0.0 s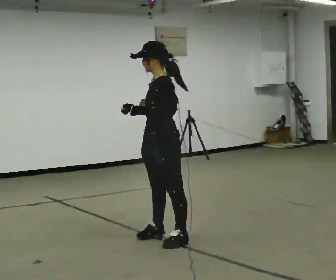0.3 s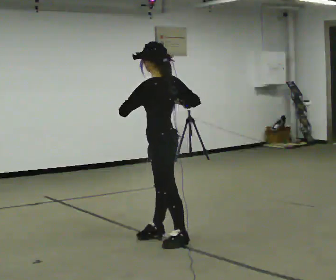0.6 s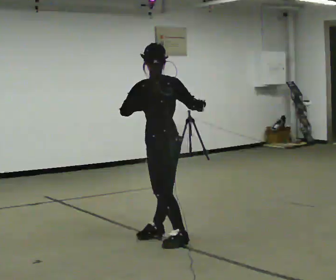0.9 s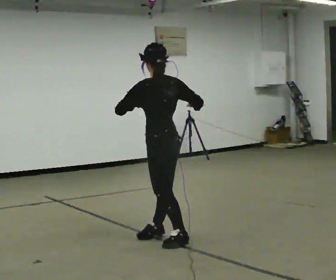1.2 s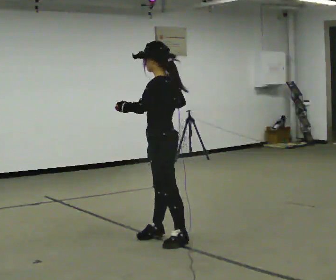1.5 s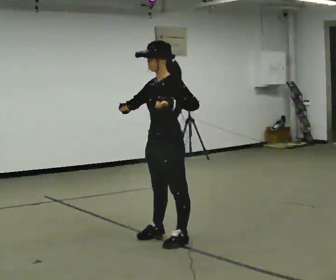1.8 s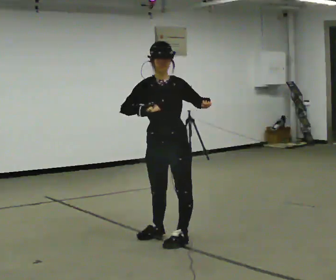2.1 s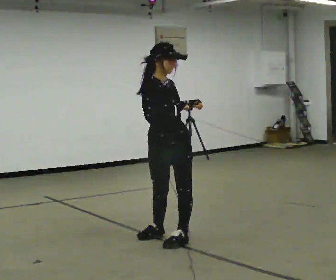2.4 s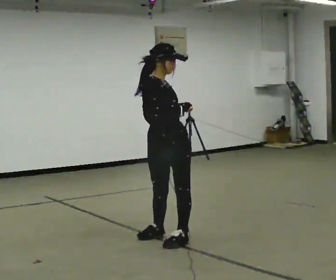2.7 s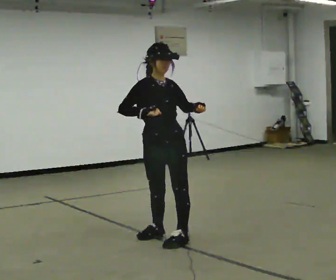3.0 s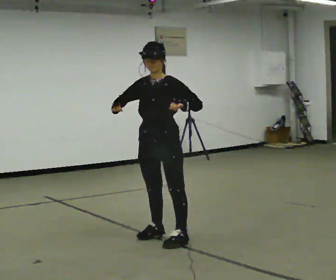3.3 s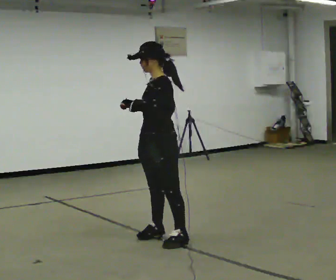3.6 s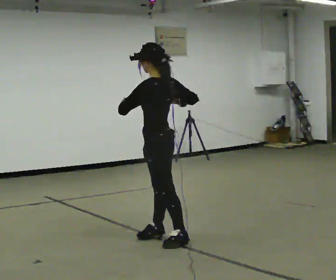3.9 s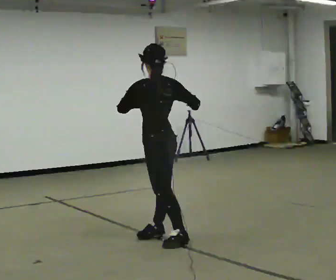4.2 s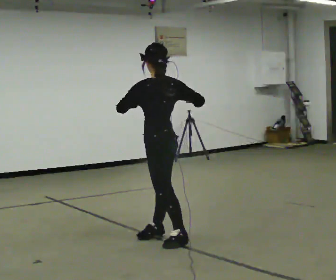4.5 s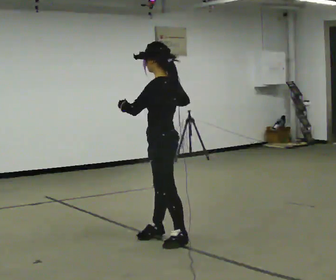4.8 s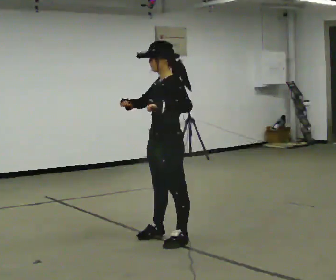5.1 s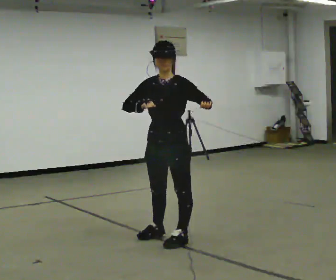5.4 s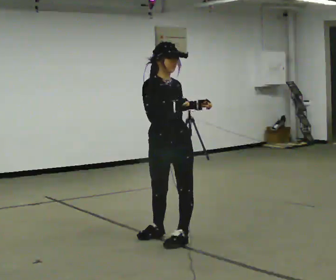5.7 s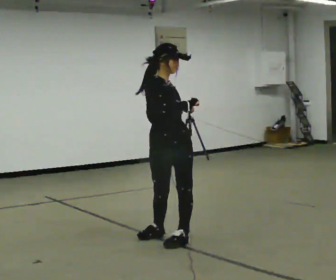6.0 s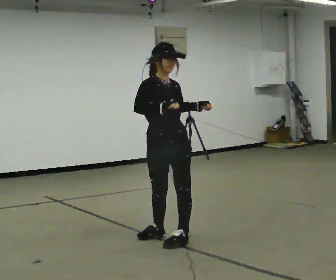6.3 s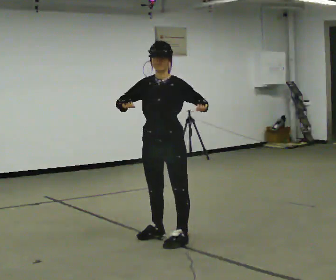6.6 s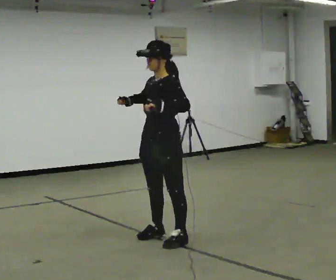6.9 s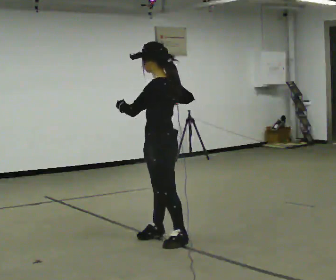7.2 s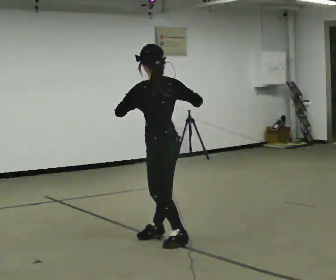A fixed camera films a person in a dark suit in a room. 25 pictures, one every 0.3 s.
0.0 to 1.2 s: The person turns about 45 degrees to their right, clockwise seen from above, so the part of the body nearest the lens slides to the left.
1.2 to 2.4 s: The person turns about 135 degrees to their left, counterclockwise seen from above, so the part of the body nearest the lens slides to the right. In the picture their left hand goes to the right.
2.4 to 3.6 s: The part of the body nearest the lens slides to the left as the person turns to their right by about 135 degrees.
3.6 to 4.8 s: The person turns about 30 degrees to their left, counterclockwise seen from above, so the part of the body nearest the lens slides to the right. In the picture their right hand goes to the left.
4.8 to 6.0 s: The part of the body nearest the lens slides to the right as the person turns to their left by about 90 degrees. In the picture their left hand goes to the right.
6.0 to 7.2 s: The person turns about 150 degrees to their right, clockwise seen from above, so the part of the body nearest the lens slides to the left.
The film runs backward here.
